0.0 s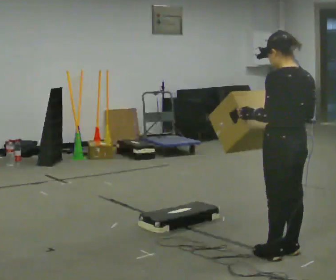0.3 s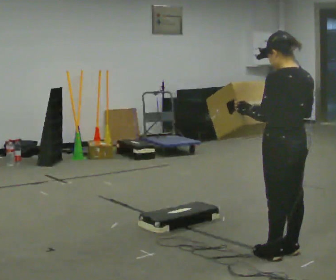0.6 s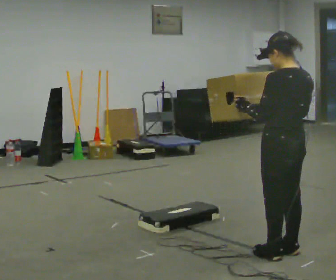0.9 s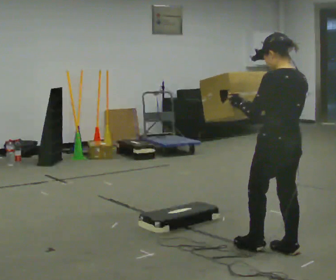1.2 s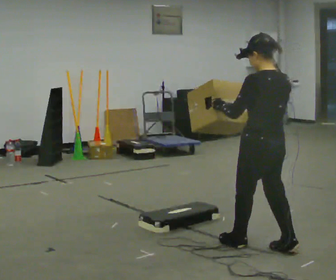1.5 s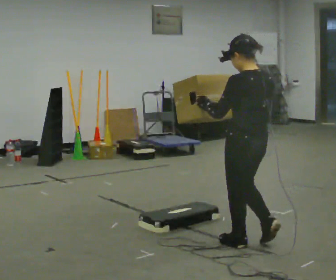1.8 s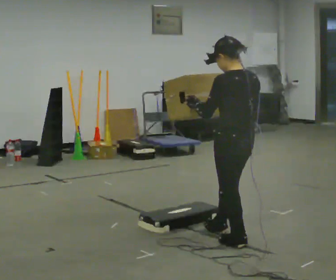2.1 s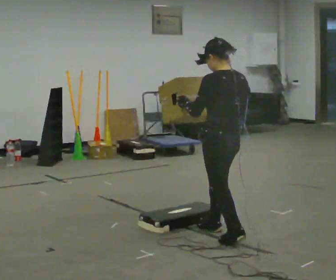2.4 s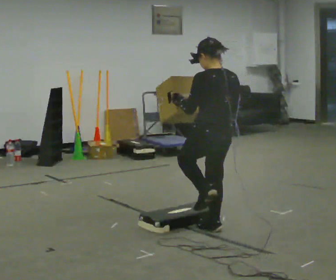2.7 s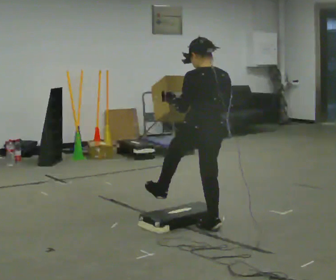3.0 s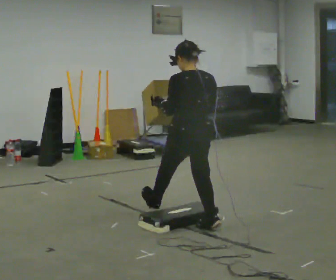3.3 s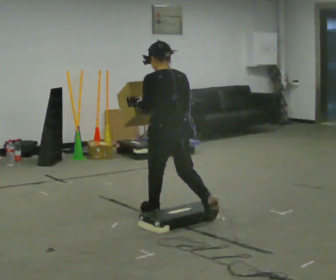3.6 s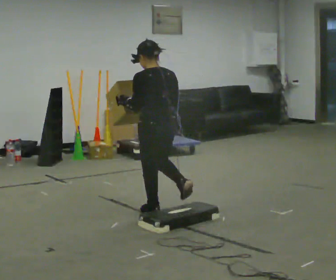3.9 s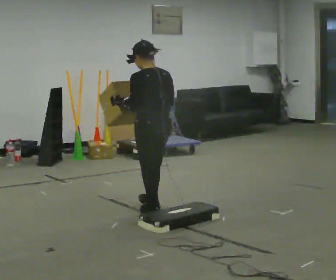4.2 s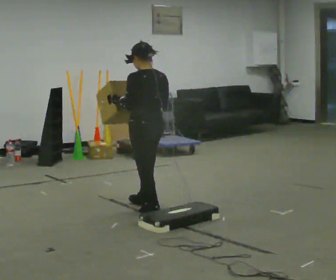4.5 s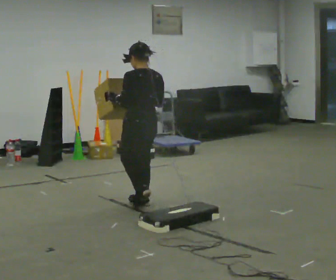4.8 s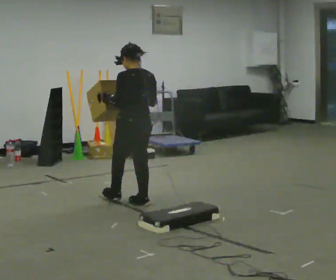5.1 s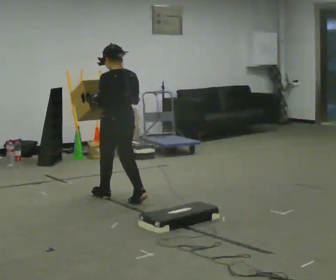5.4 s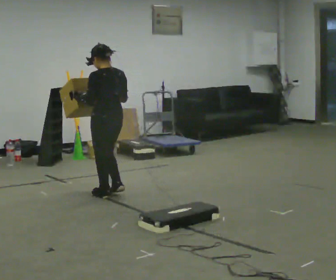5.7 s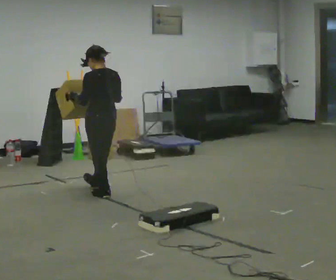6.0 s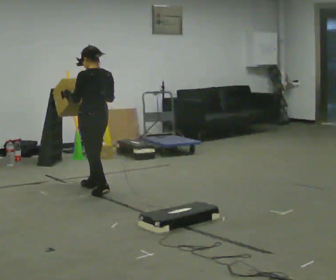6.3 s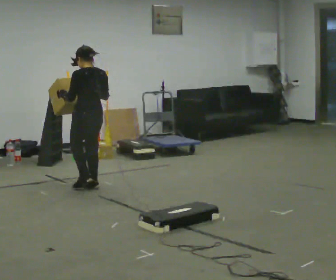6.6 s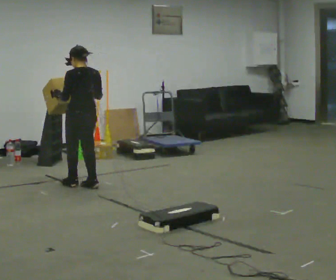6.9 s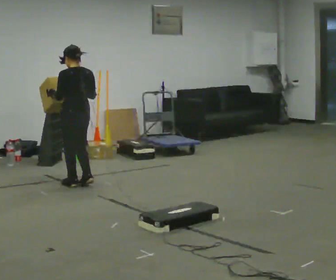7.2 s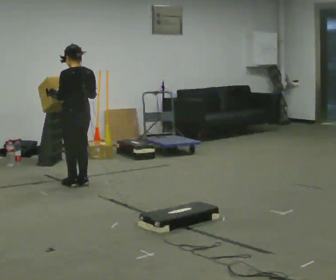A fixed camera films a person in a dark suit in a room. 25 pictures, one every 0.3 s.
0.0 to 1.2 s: In the picture they go away from the camera, about 0.25 m in 1 step, which for them is forward.
1.2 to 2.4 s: In the picture they go away from the camera and to the left, about 0.5 m in 1 step, which for them is forward.
2.4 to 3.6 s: In the picture they go away from the camera and to the left, about 0.5 m in 1 step, which for them is forward.
3.6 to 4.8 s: In the picture they go away from the camera and to the left, about 0.5 m in 1 step, which for them is forward.
4.8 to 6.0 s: In the picture they go away from the camera and to the left, about 0.75 m in 2 steps, which for them is forward.
6.0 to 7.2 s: In the picture they go away from the camera and to the left, about 0.25 m in 2 steps, which for them is forward.
The film runs forward here.
